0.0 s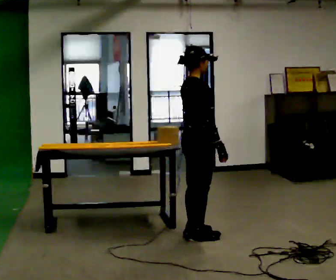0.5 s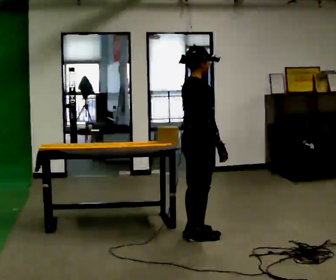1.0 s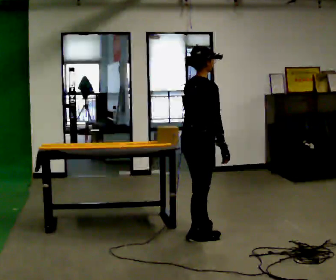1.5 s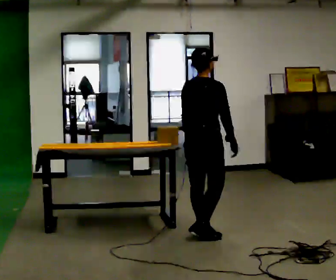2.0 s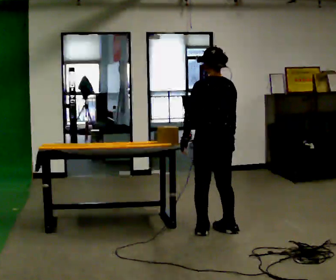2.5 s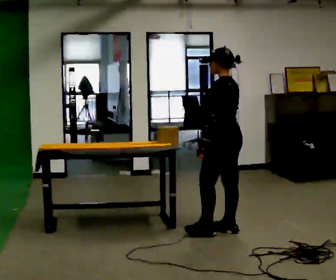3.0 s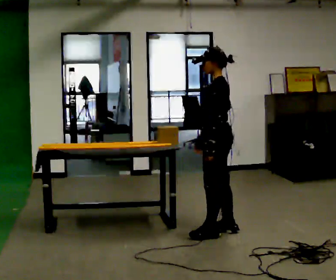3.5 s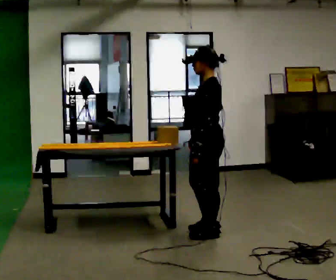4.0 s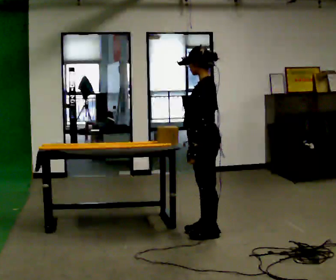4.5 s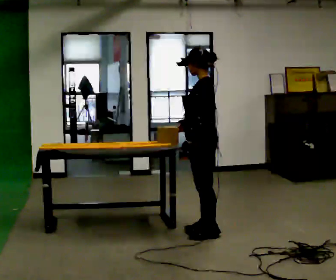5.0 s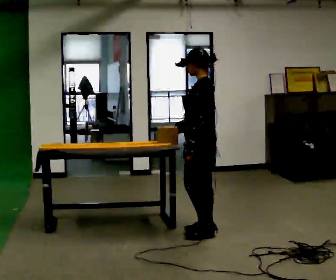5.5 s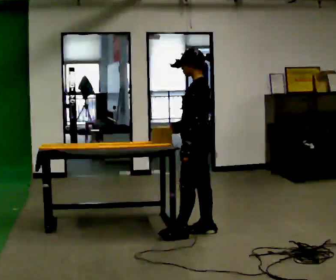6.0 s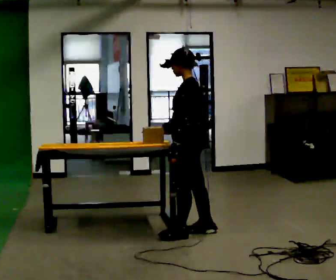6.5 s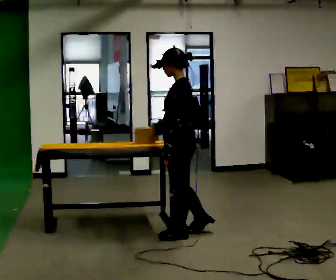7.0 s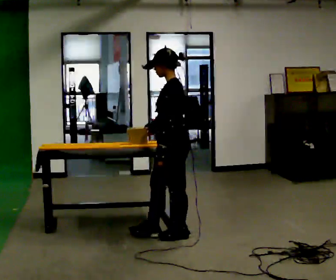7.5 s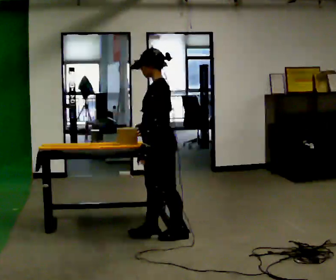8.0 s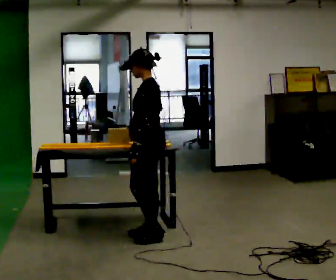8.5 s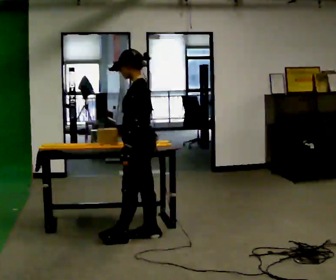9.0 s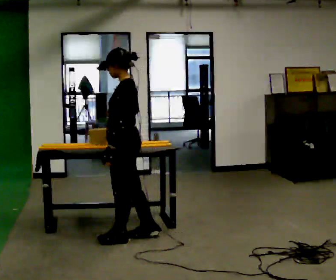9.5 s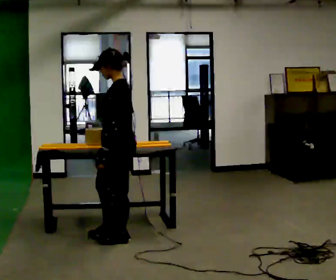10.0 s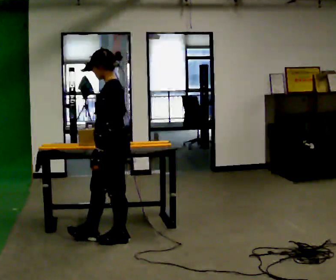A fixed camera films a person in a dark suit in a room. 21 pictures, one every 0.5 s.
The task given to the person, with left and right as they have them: Carry the object across the room and slide it into the slot on the shelf. It is a close fit, so take the time you need. Keep going until the operator says stop; one object at a time, and do not rush between trips.
0.0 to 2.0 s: Seen from above the body turns counterclockwise, about 90 degrees: to their left, with its near side sliding to the right. In the picture they go away from the camera and to the right, about 0.25 m in 1 step.
2.0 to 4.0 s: The part of the body nearest the lens slides to the right as the person turns to their left by about 75 degrees. In the picture their right hand goes to the left.
4.0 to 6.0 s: The person moves a little, or ends about where they began.
6.0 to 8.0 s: In the picture they go to the left, about 0.25 m in 1 step, which for them is forward.
8.0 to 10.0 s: In the picture they go to the left and toward the camera, about 0.25 m in 2 steps, which for them is forward and to their left.
The film runs forward here.
